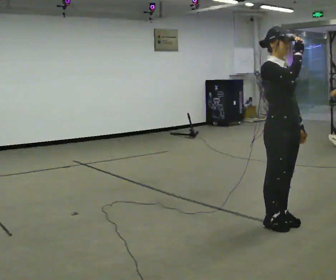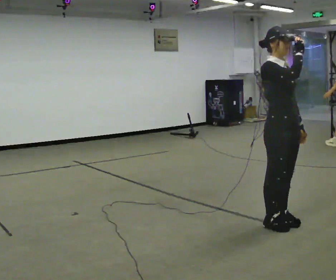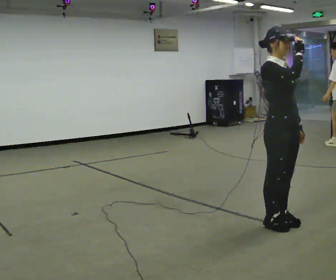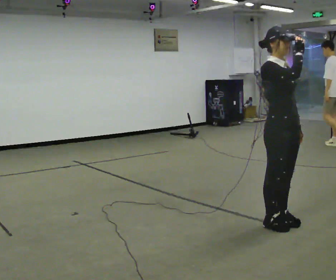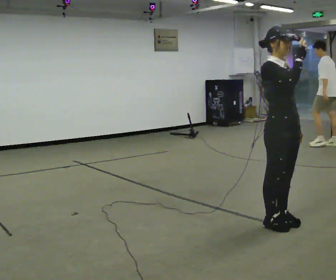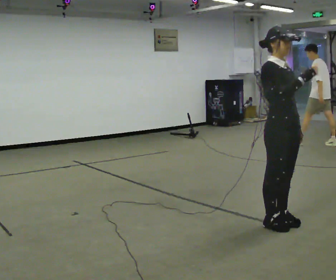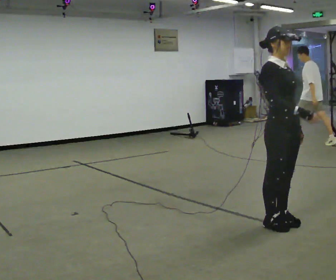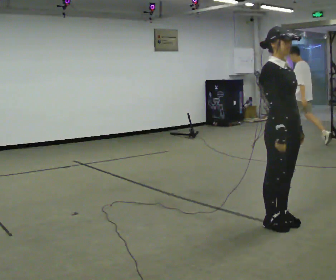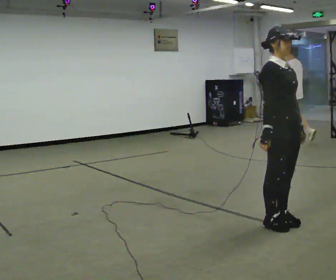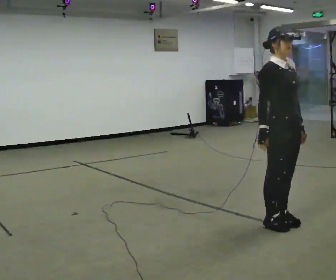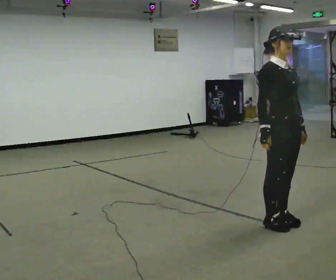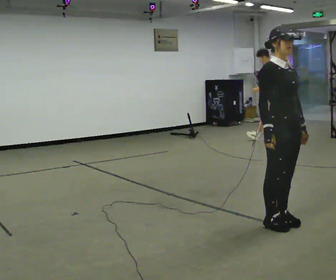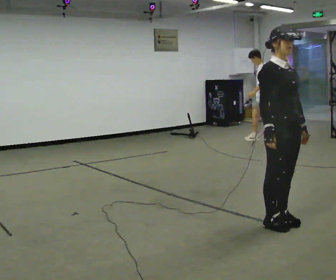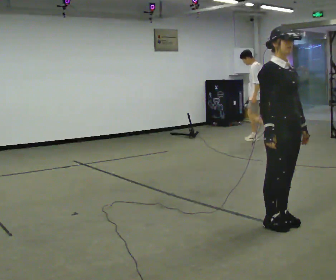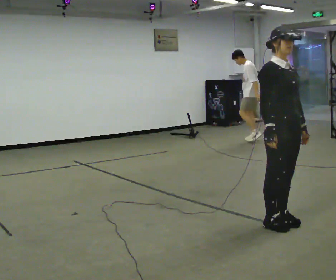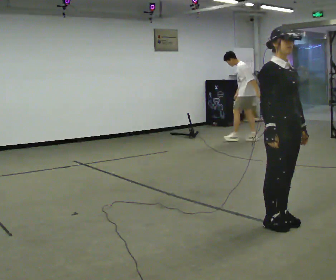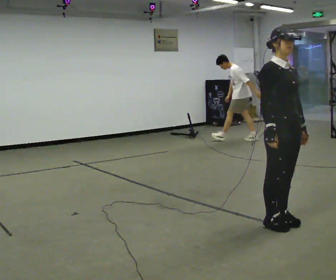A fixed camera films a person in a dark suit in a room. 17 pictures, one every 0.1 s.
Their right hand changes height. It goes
downward.
0.0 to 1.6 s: In the picture their right hand goes downward.
The film runs forward here.
